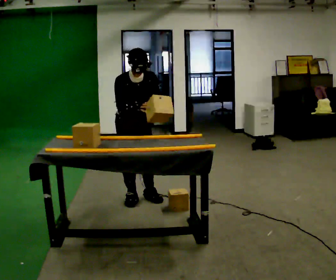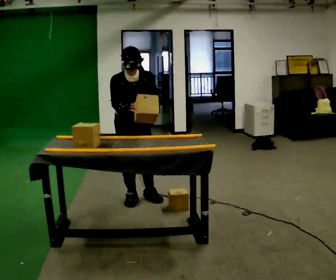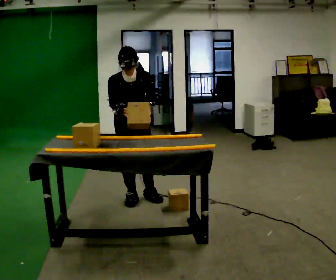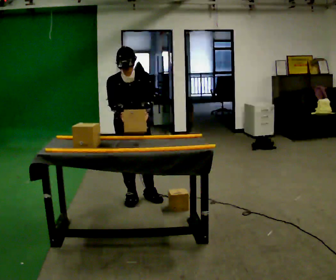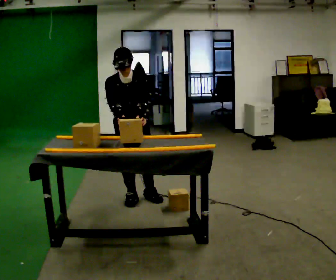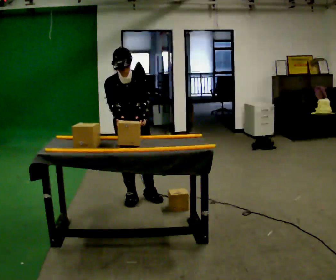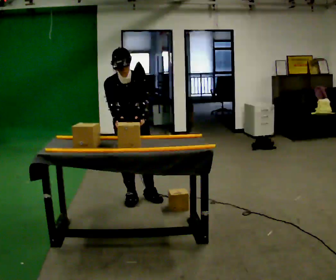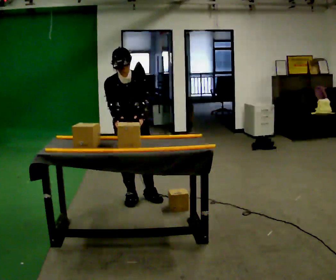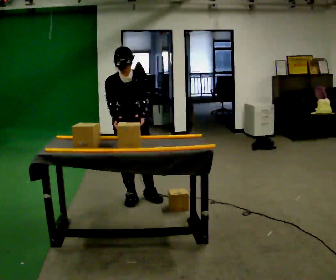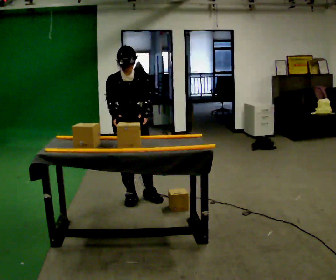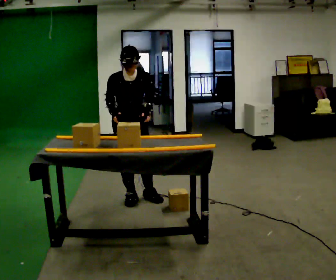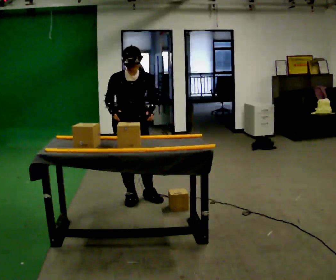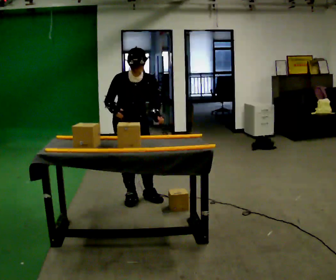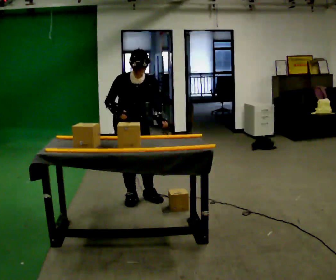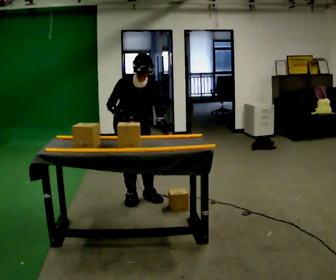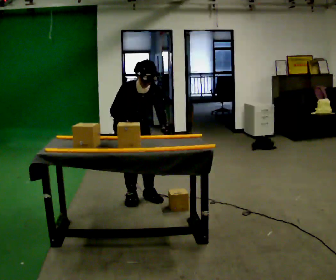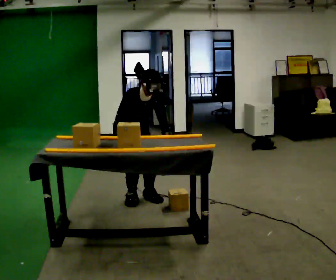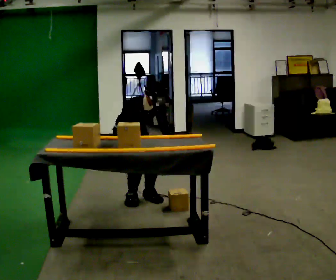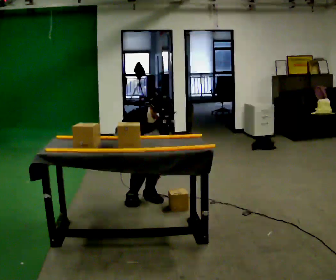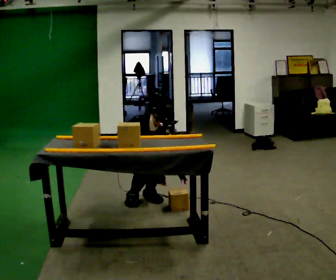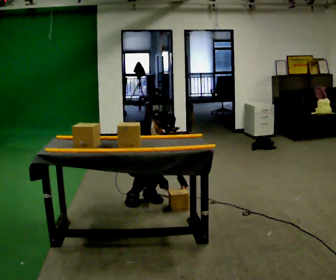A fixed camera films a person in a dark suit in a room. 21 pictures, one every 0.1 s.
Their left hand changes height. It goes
downward.
The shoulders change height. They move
downward.
0.0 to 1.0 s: The person moves a little, or ends about where they began.
1.0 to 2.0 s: The part of the body nearest the lens slides to the right as the person turns to their left by about 30 degrees. The shoulders move downward. In the picture the upper body tilts clockwise, shoulders to the right, as they bend forward. In the picture their left hand goes downward.
The film runs backward here.
